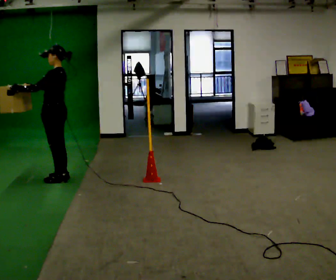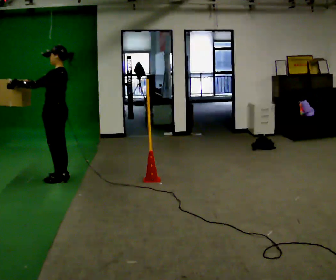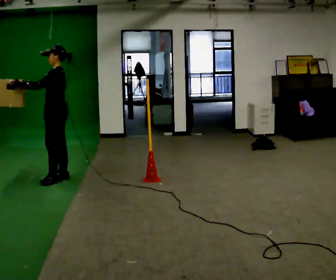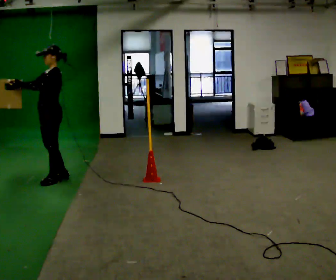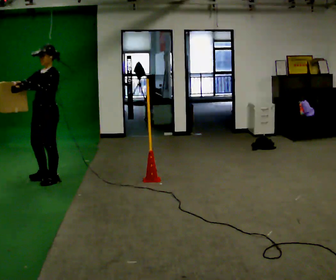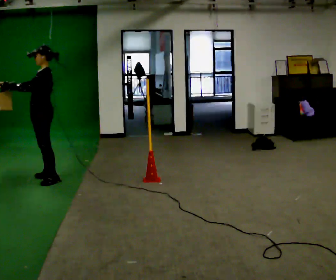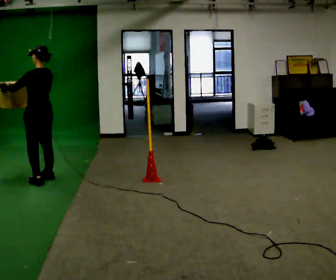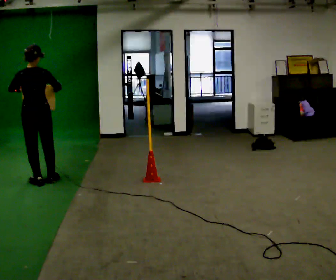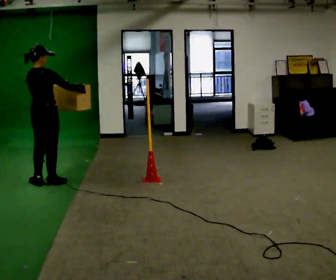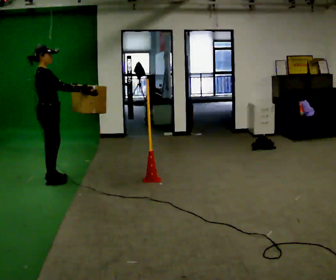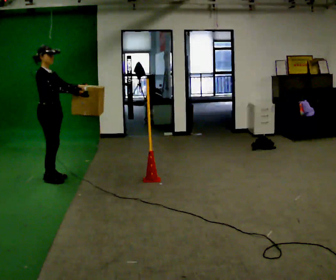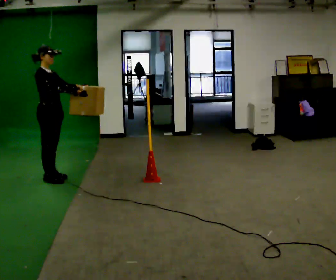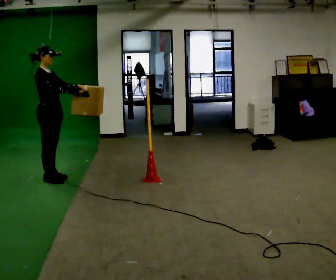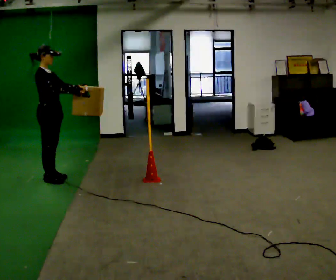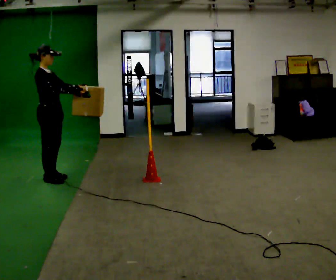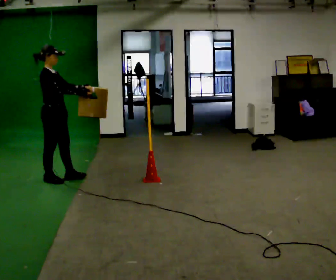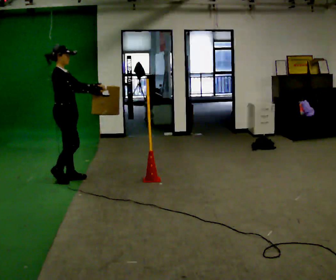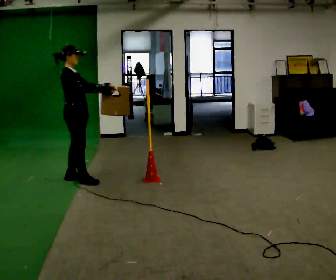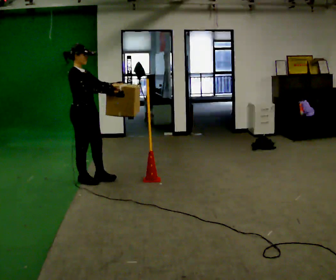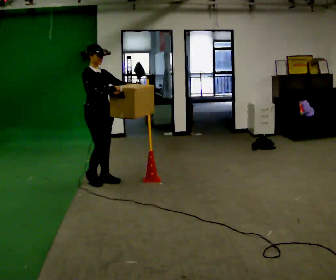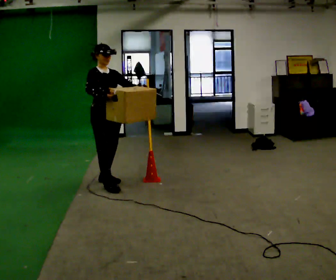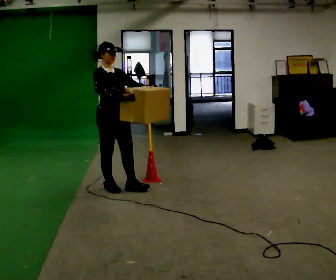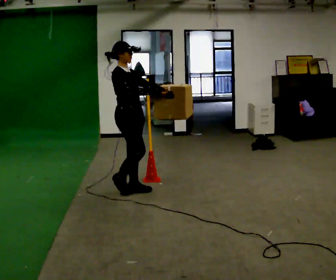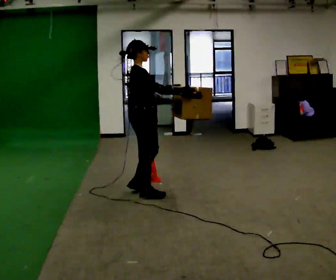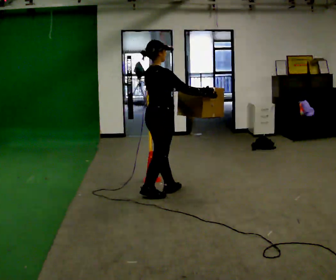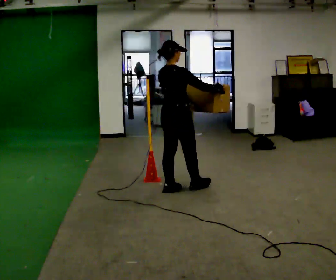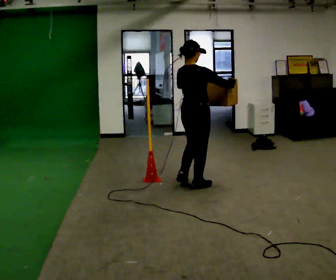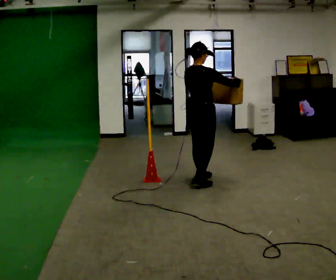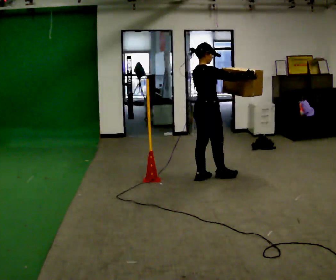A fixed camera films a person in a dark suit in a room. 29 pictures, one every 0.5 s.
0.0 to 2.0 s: The person turns about 45 degrees to their left, counterclockwise seen from above, so the part of the body nearest the lens slides to the right.
2.0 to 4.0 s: The person turns about 165 degrees to their right, clockwise seen from above, so the part of the body nearest the lens slides to the left. In the picture their right hand goes to the right.
4.0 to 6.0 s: The person turns about 75 degrees to their right, clockwise seen from above, so the part of the body nearest the lens slides to the left.
6.0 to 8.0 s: In the picture they go to the right, about 0.25 m in 1 step, which for them is forward.
8.0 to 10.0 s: The person turns about 45 degrees to their right, clockwise seen from above, so the part of the body nearest the lens slides to the left. In the picture they go to the right and toward the camera, about 0.5 m in 3 steps, which for them is forward.
10.0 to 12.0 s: The person turns about 75 degrees to their left, counterclockwise seen from above, so the part of the body nearest the lens slides to the right. In the picture they go to the right and toward the camera, about 0.75 m in 3 steps.
12.0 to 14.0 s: In the picture they go to the right and away from the camera, about 0.5 m in 3 steps, which for them is forward.
The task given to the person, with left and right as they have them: Carry the box across the room. The operator will step into your path partway across, so go around them and carry on. Keep going until the operator says stop; one object at a time, and do not rush between trips.
The film runs forward here.
